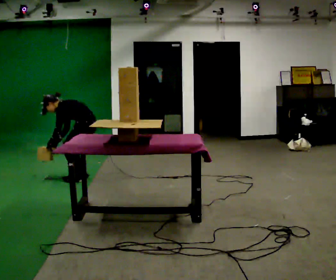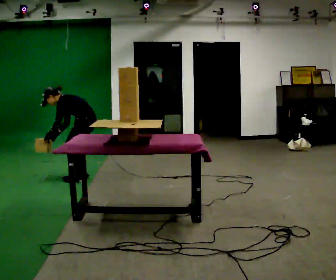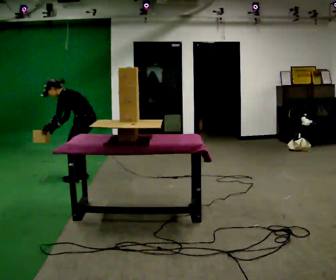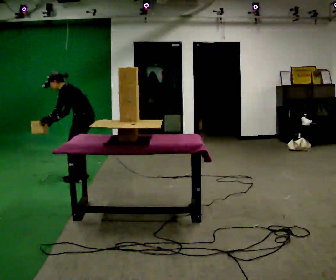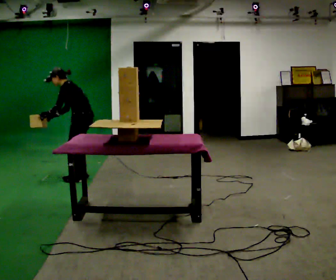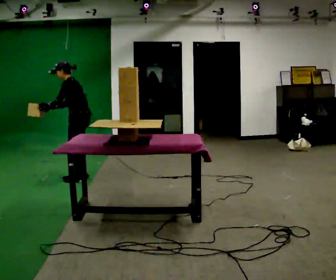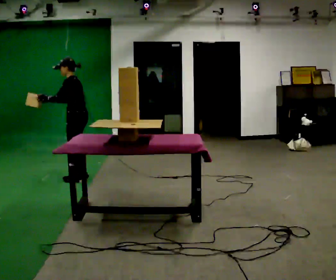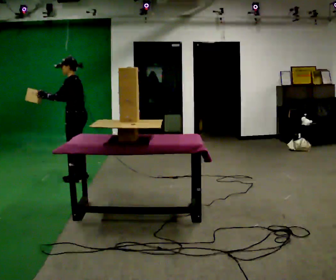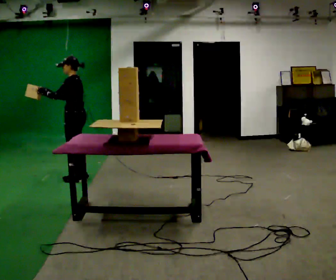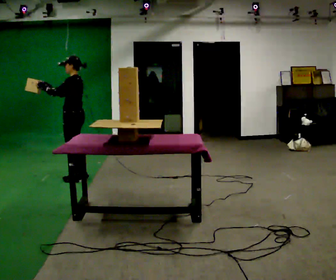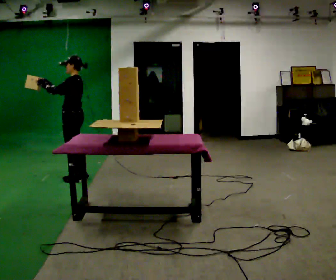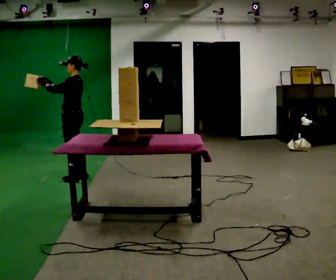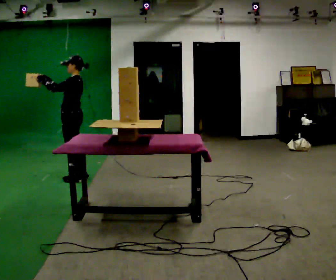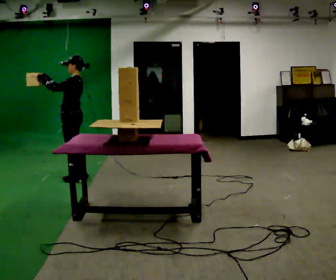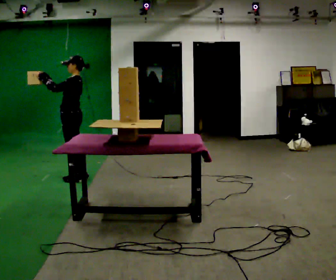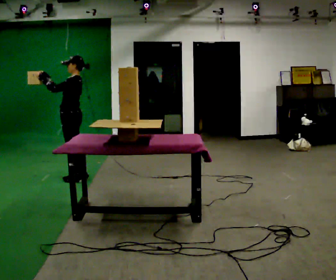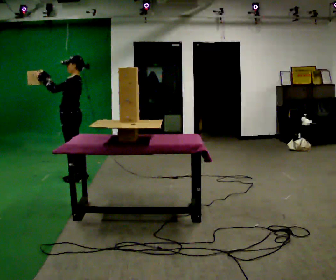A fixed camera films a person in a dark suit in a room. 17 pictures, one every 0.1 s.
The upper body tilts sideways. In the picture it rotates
clockwise.
Their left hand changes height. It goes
upward.
0.0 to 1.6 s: In the picture they go to the left, about 0.25 m, which for them is forward. The upper body goes upward. In the picture the upper body tilts clockwise, shoulders to the right, as they lean back or straighten. In the picture their right hand goes upward, the arm swinging clockwise.
The film runs forward here.
